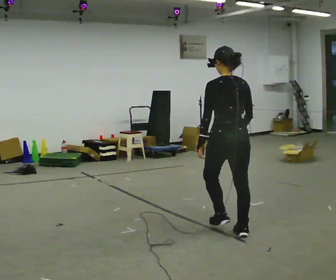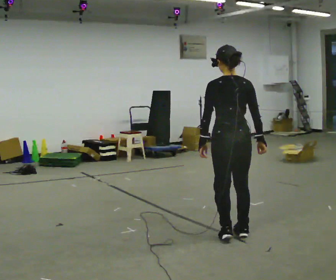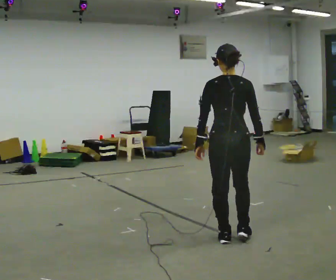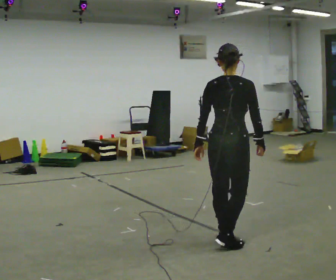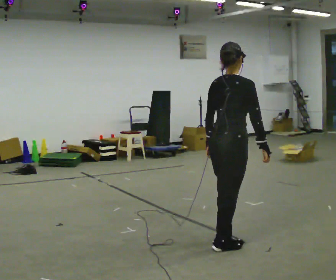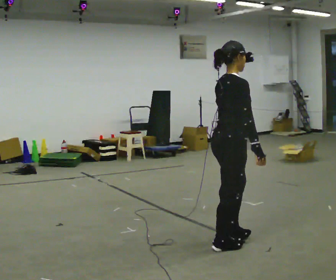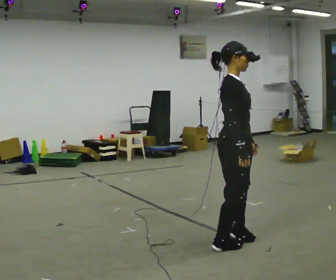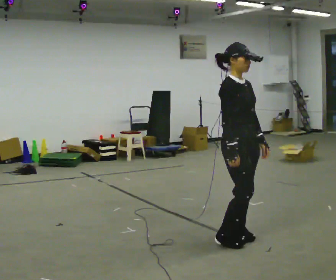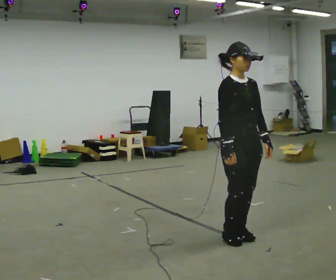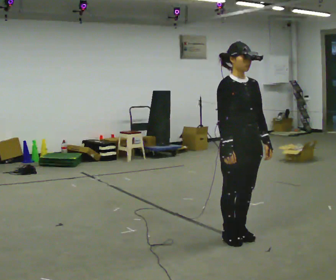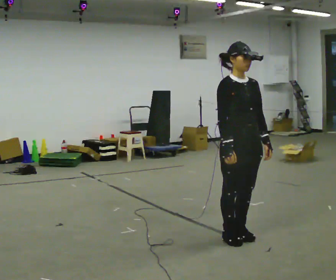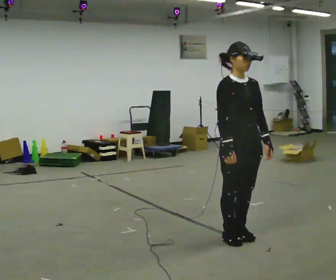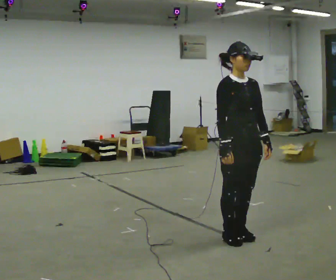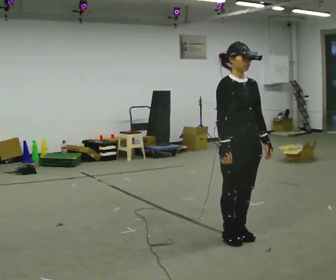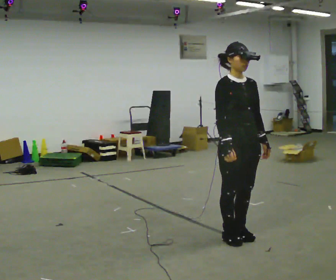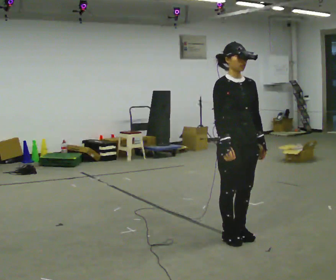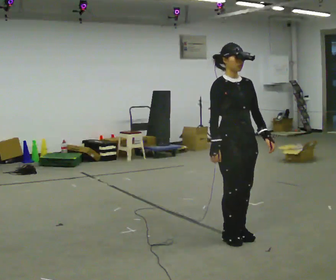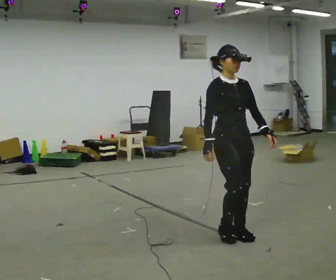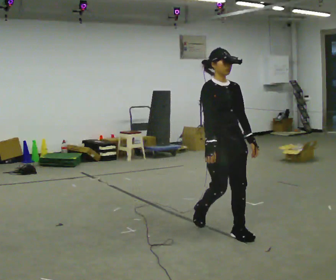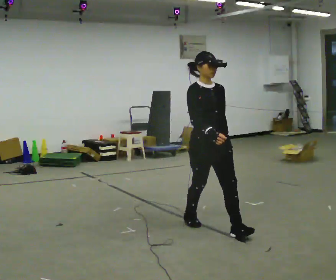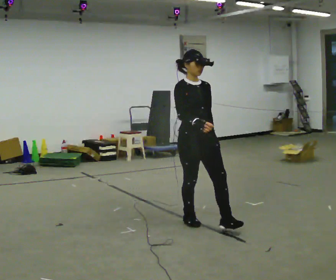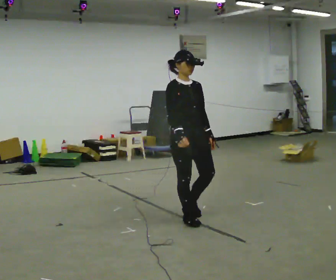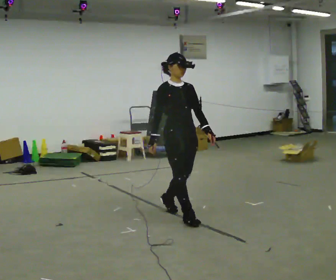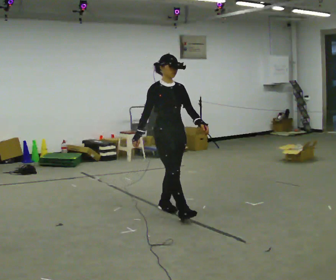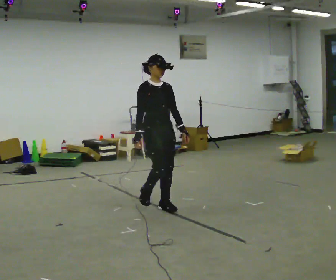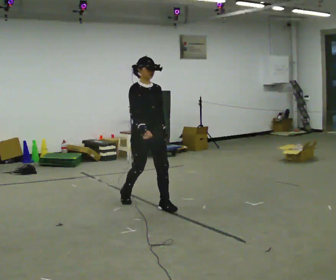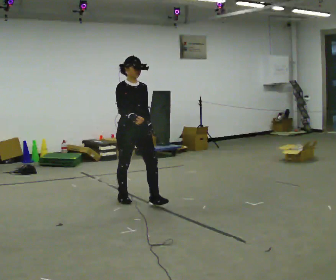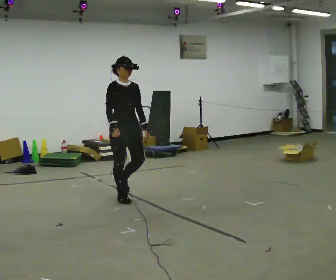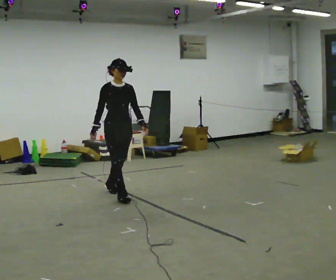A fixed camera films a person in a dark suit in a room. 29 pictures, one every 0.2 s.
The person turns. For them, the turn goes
to their right.
The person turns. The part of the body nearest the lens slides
to the left.
0.0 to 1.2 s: The person turns about 105 degrees to their right, clockwise seen from above, so the part of the body nearest the lens slides to the left. In the picture they go toward the camera, about 0.25 m in 2 steps.
1.2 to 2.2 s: The part of the body nearest the lens slides to the left as the person turns to their right by about 45 degrees.
2.2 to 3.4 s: The person moves a little, or ends about where they began.
3.4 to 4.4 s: In the picture they go away from the camera and to the left, about 0.5 m in 1 step, which for them is backward.
4.4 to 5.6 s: In the picture they go to the left and away from the camera, about 1 m in 2 steps, which for them is backward.
The film runs backward here.
